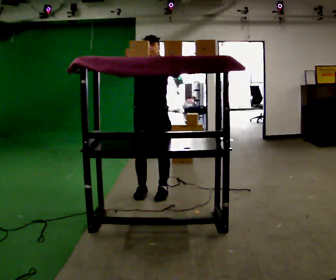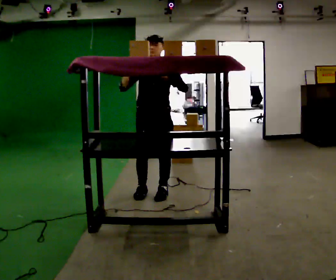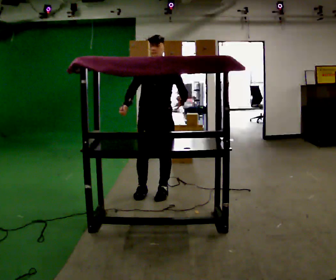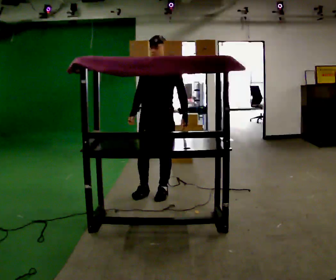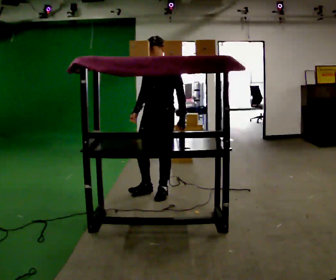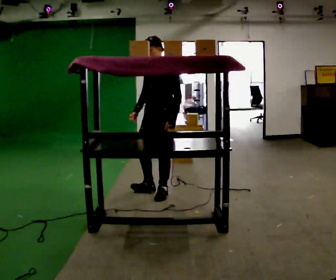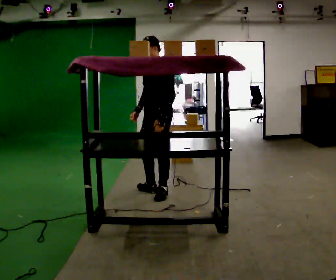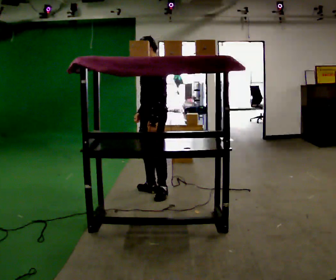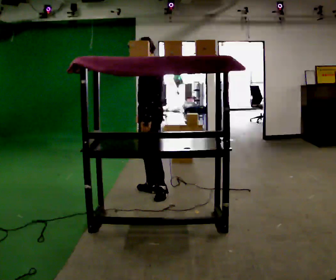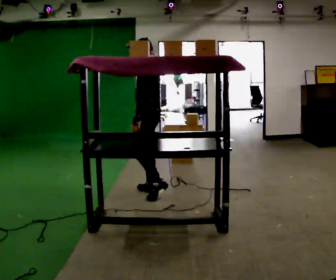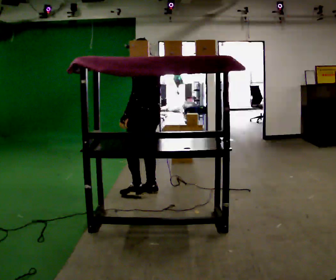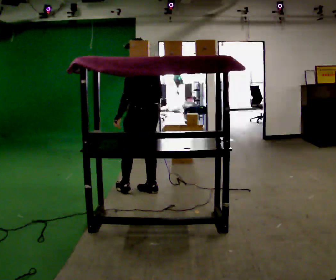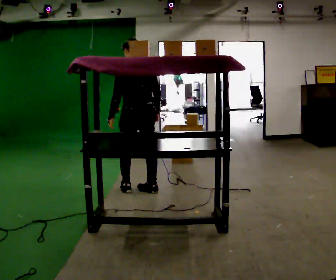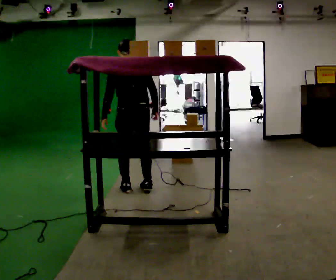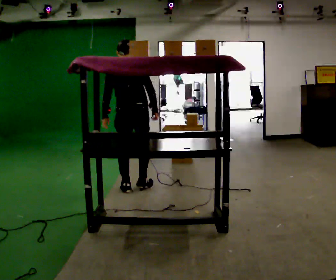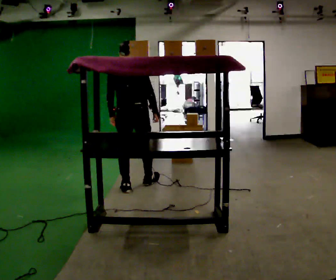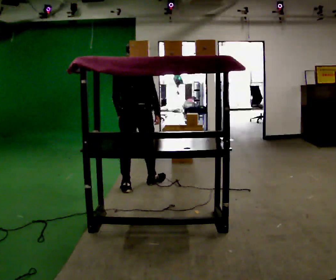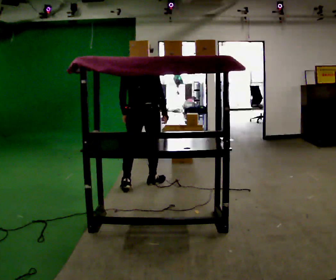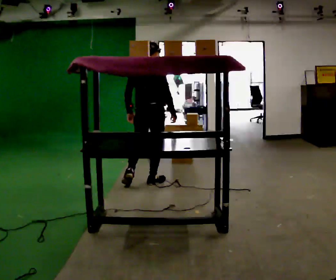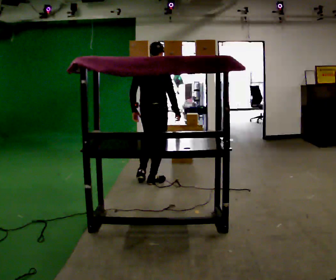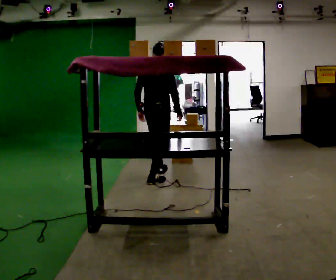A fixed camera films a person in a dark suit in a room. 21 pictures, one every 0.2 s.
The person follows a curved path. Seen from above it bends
clockwise.
The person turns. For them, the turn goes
to their right.
0.0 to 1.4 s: The person turns about 60 degrees to their right, clockwise seen from above, so the part of the body nearest the lens slides to the left. In the picture their right hand goes downward.
1.4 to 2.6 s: The person turns about 105 degrees to their right, clockwise seen from above, so the part of the body nearest the lens slides to the left. In the picture they go to the left, about 0.25 m in 1 step.
2.6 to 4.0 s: The part of the body nearest the lens slides to the left as the person turns to their right by about 45 degrees. In the picture they go away from the camera and to the right, about 0.5 m in 1 step, which for them is forward and to their right.
The film runs forward here.
